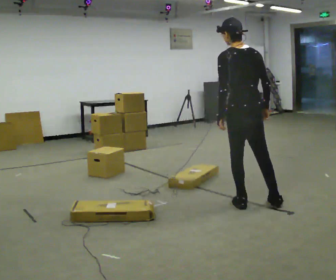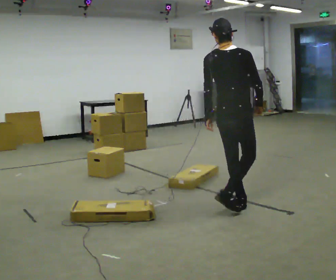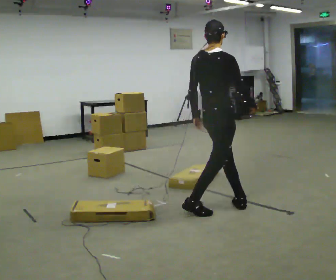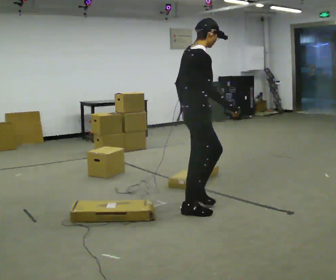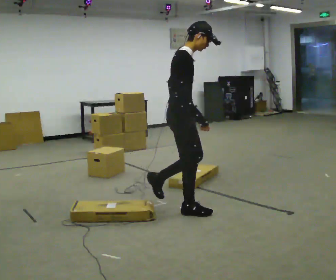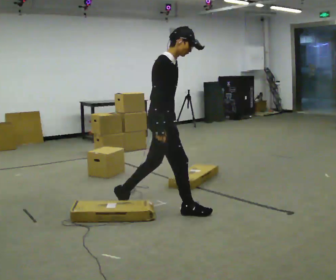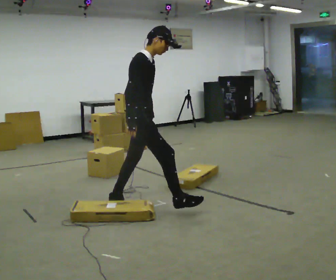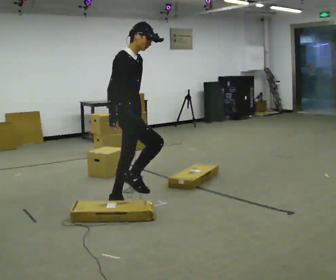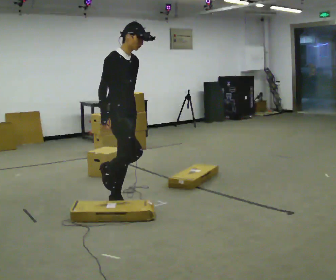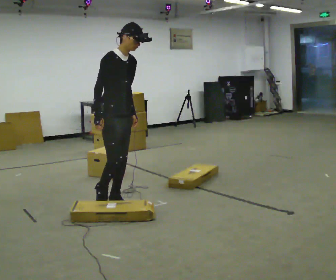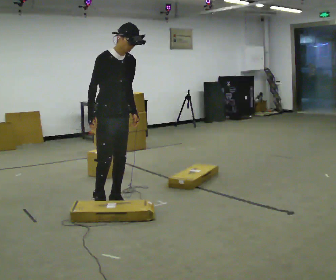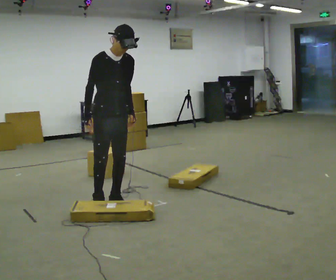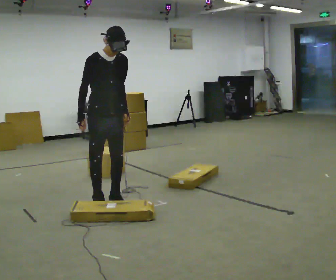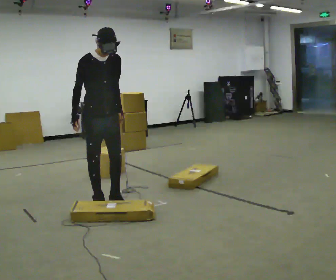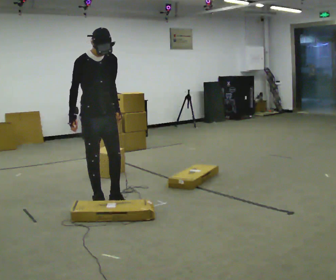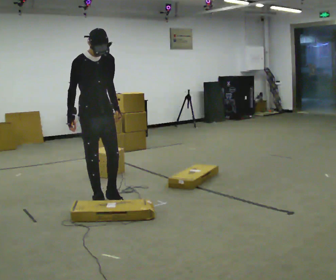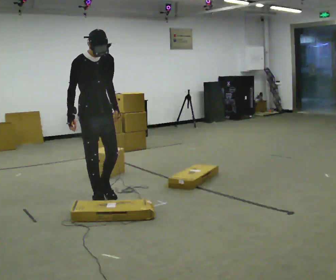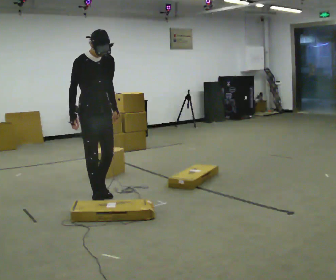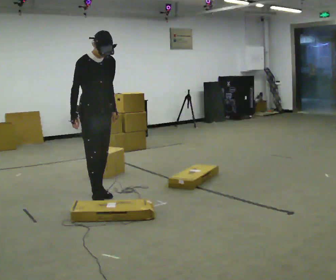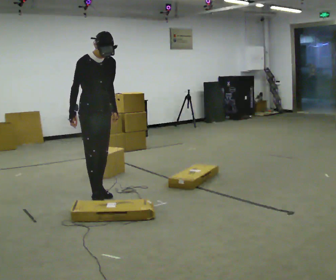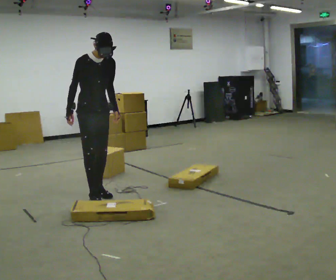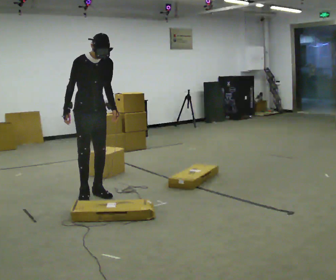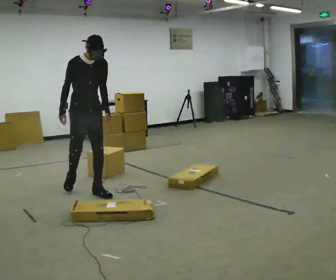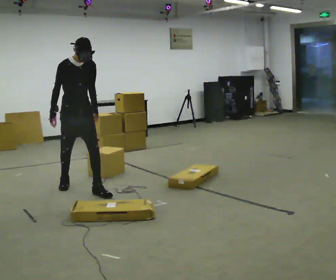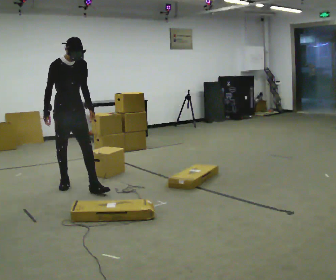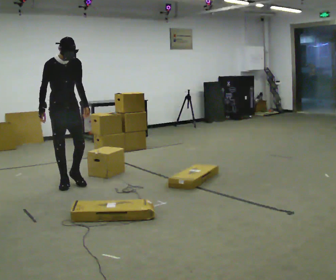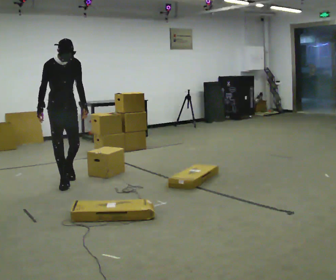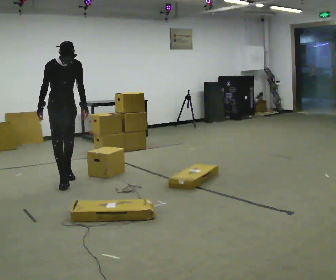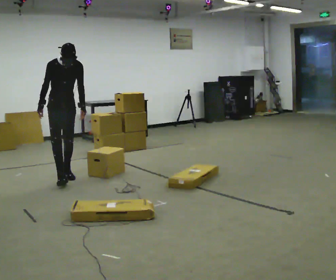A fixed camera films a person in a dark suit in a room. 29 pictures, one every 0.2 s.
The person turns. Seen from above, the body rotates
clockwise.
The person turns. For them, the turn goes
to their right.
0.0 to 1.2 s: The part of the body nearest the lens slides to the left as the person turns to their right by about 120 degrees. In the picture they go to the left, about 1 m in 2 steps. In the picture the upper body tilts clockwise, shoulders to the right.
1.2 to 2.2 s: The person turns about 45 degrees to their right, clockwise seen from above, so the part of the body nearest the lens slides to the left. In the picture they go to the left and away from the camera, about 0.25 m, which for them is backward.
2.2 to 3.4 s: In the picture they go away from the camera and to the left, about 0.25 m in 1 step, which for them is backward.
3.4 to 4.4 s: In the picture they go away from the camera, about 0.25 m in 1 step, which for them is backward.
4.4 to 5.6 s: In the picture they go away from the camera and to the left, about 0.75 m in 1 step, which for them is backward.
The film runs backward here.
